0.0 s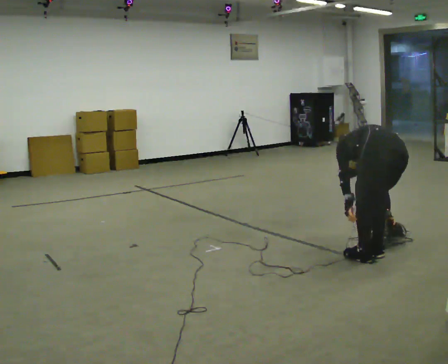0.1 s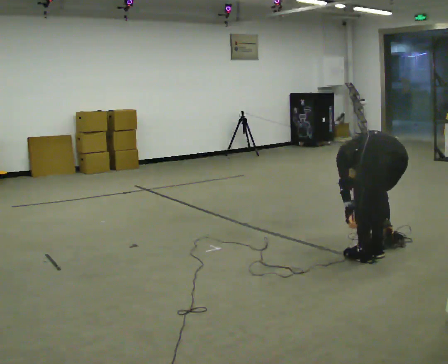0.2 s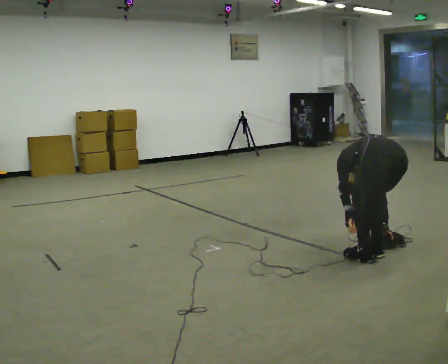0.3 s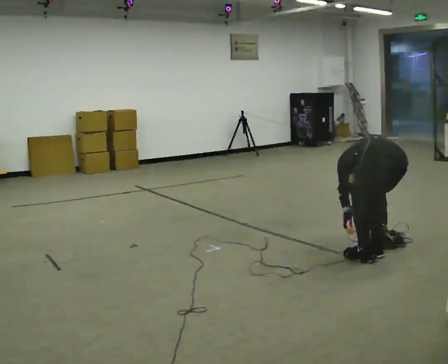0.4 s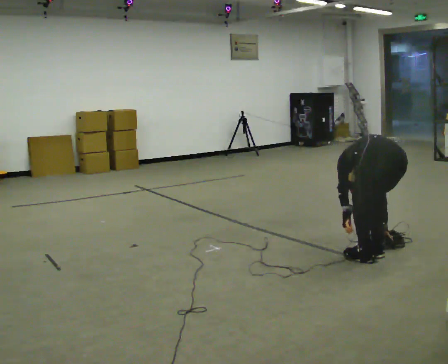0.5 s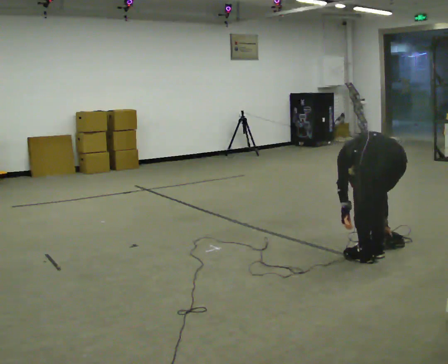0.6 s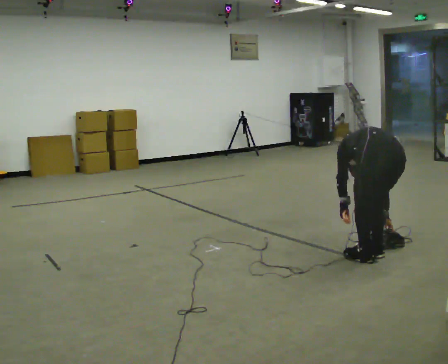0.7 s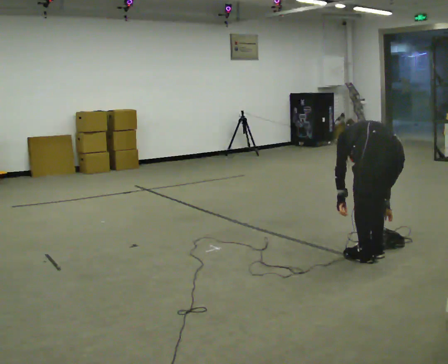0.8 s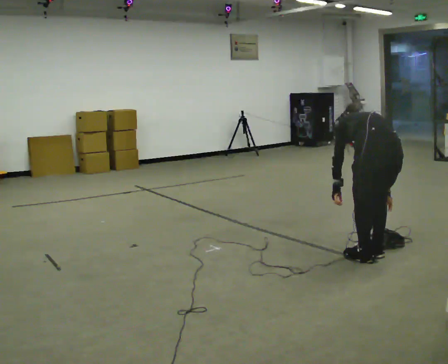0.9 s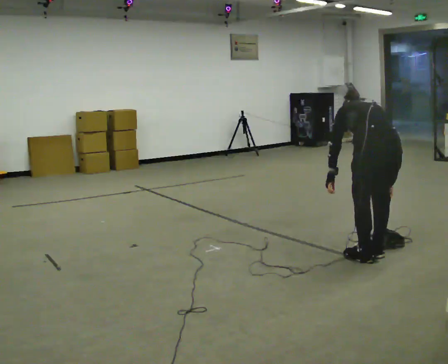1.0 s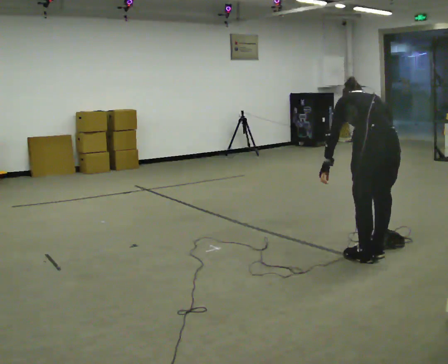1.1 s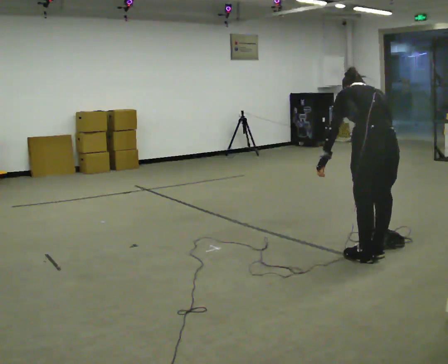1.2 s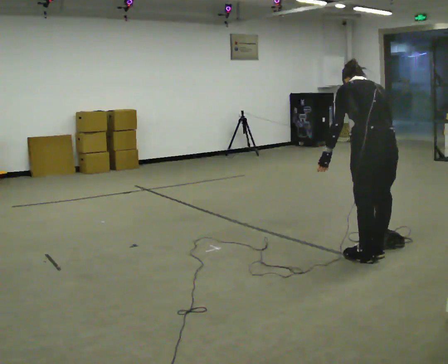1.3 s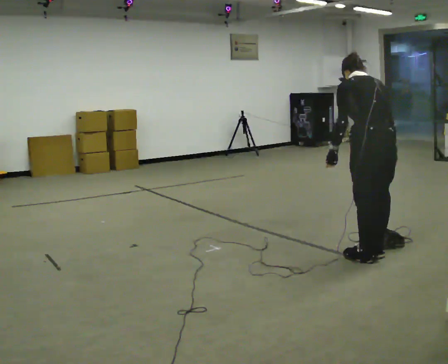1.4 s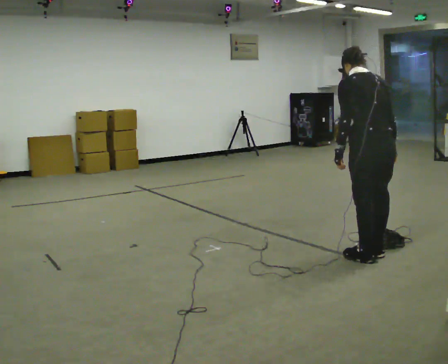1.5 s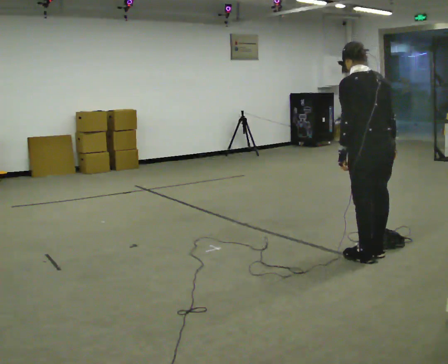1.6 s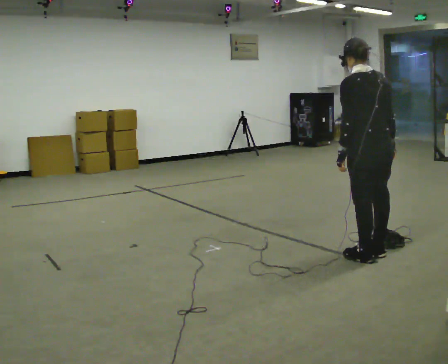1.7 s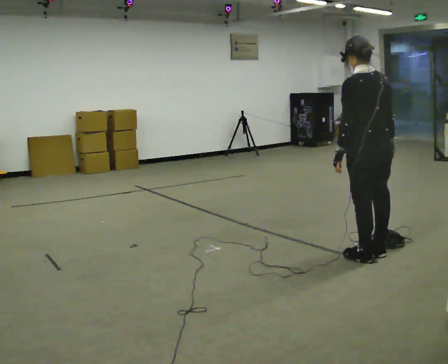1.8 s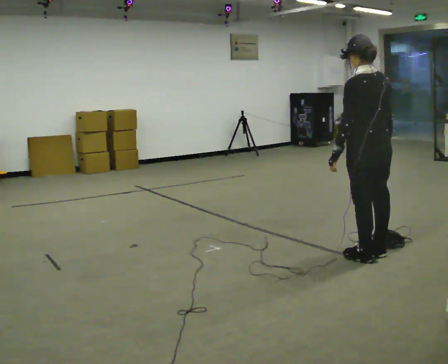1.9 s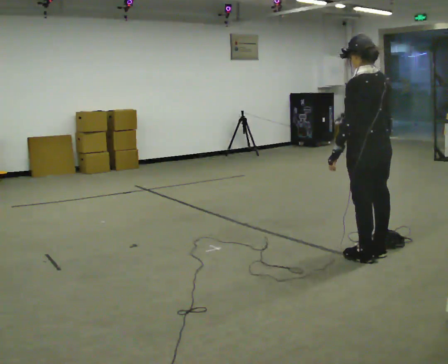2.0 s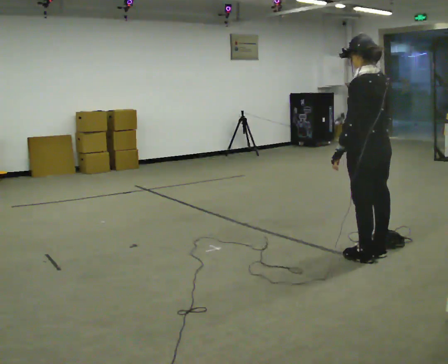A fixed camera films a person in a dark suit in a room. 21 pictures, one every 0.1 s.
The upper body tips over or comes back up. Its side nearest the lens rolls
downward.
0.0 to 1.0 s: The person moves a little, or ends about where they began.
1.0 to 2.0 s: The shoulders move upward. The upper body tips toward the camera, its near side rolling downward, as they lean back or straighten.
The film runs backward here.
